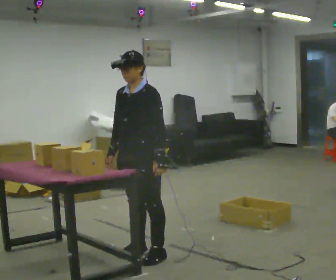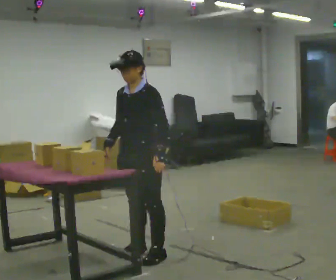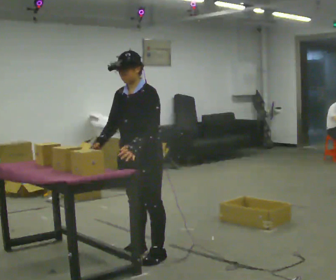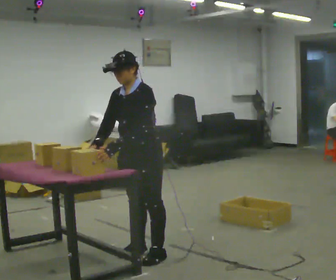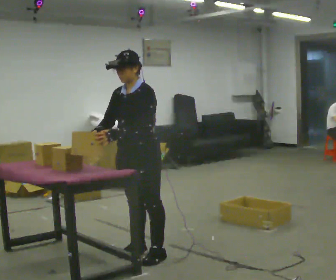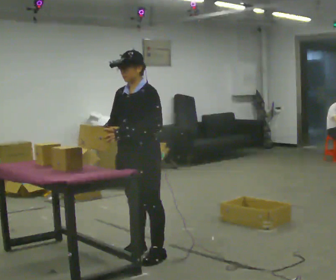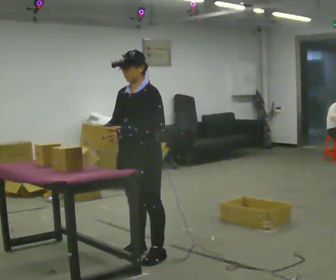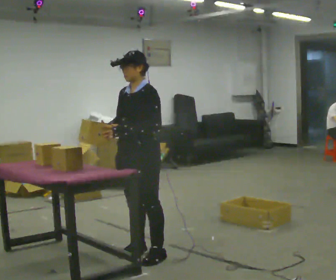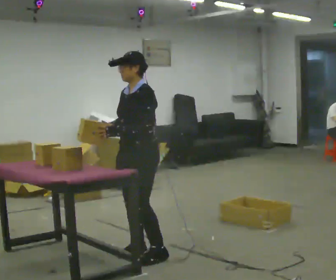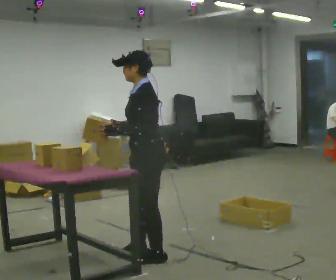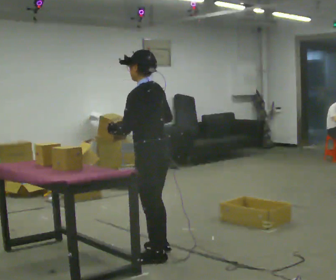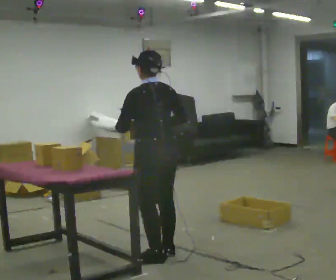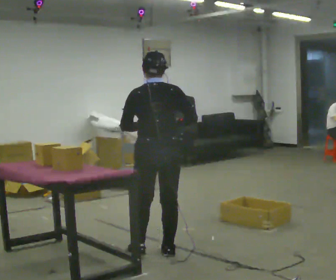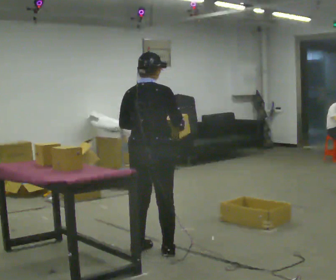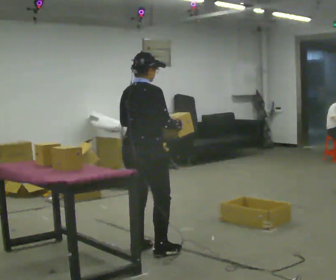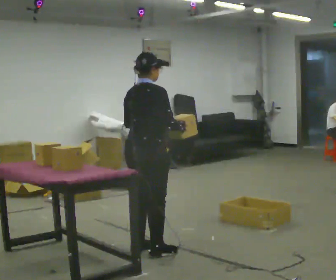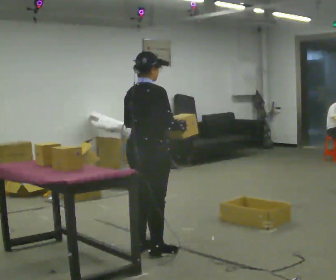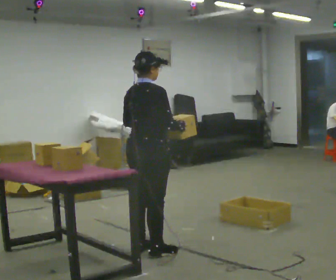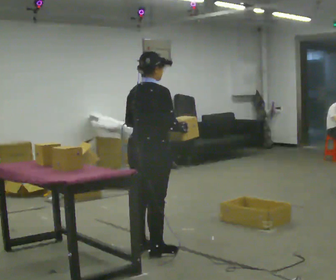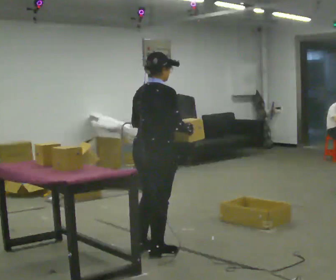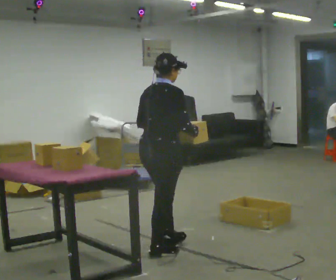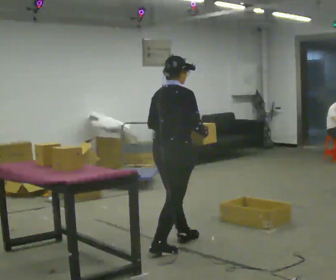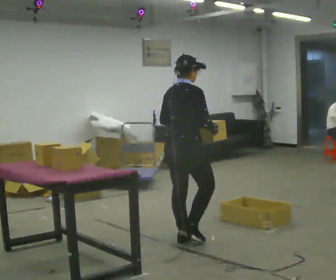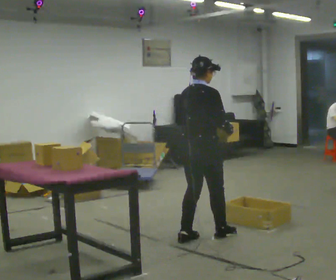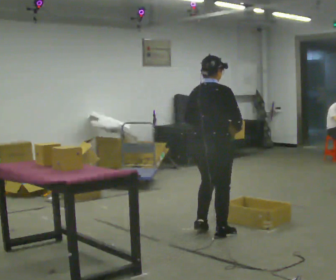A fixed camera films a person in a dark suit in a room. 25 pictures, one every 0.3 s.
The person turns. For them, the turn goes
to their right.
The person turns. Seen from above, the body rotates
clockwise.
0.0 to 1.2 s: In the picture their left hand goes to the left, the arm swinging clockwise.
1.2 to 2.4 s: The person moves a little, or ends about where they began.
2.4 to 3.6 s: Seen from above the body turns clockwise, about 120 degrees: to their right, with its near side sliding to the left. In the picture their right hand goes to the right.
3.6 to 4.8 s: The person turns about 45 degrees to their right, clockwise seen from above, so the part of the body nearest the lens slides to the left.
4.8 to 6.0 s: The person moves a little, or ends about where they began.
6.0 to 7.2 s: In the picture they go to the right and away from the camera, about 0.5 m in 2 steps, which for them is forward.
The film runs forward here.
